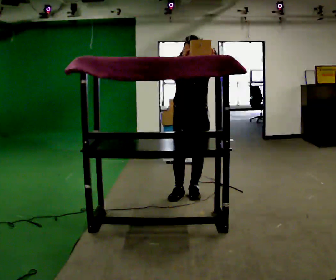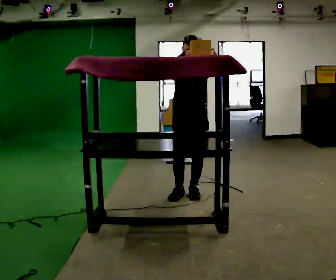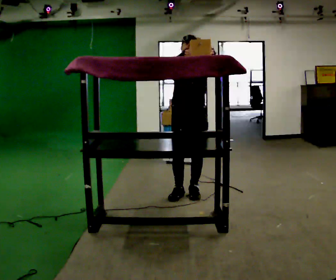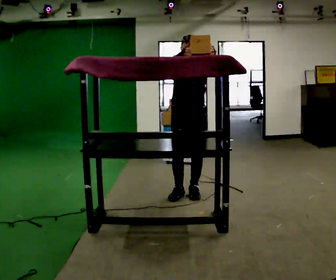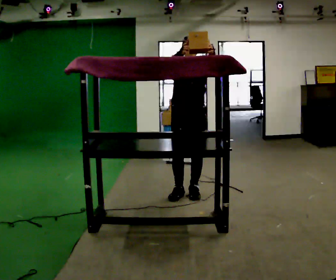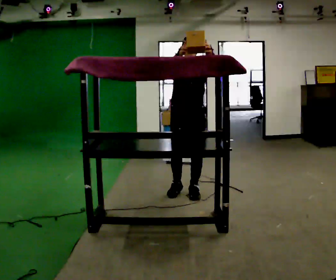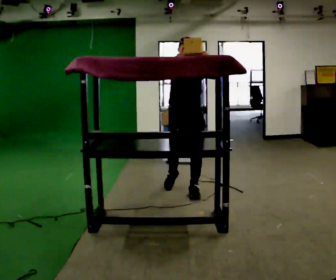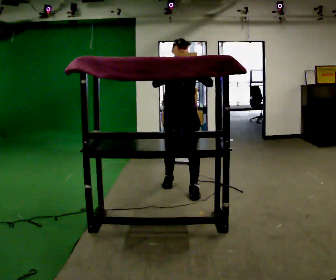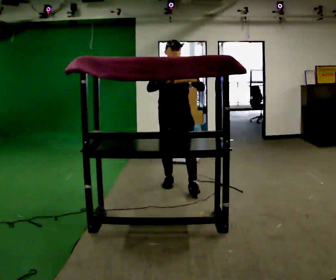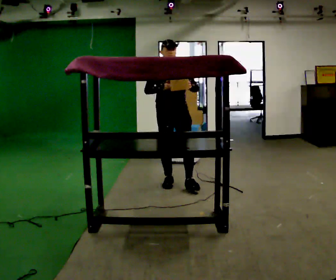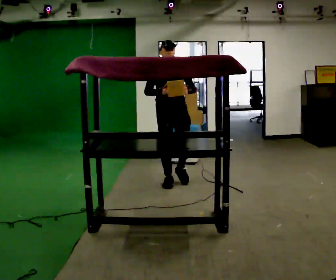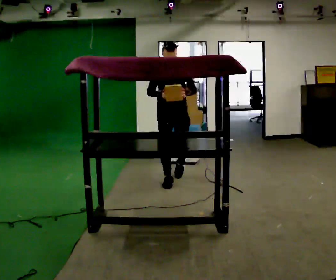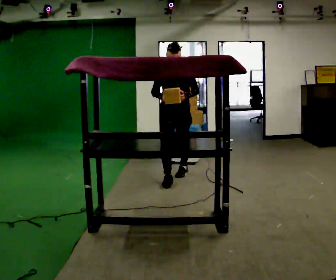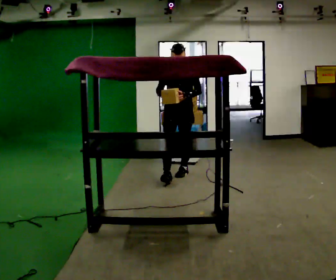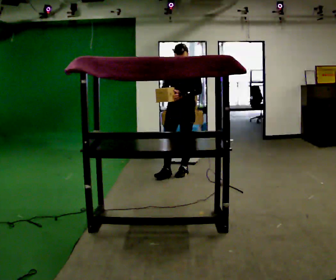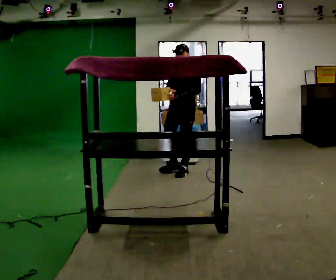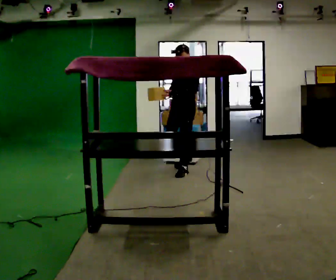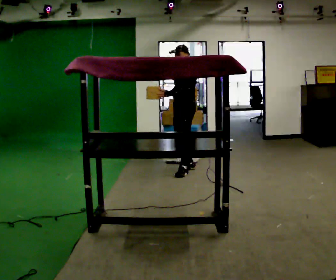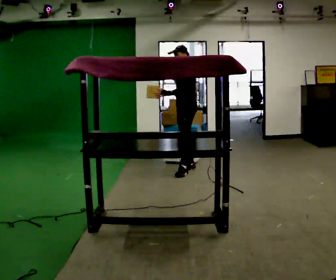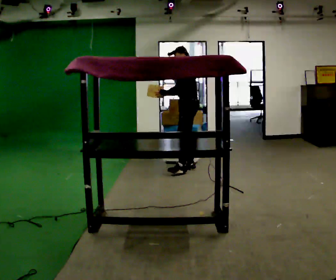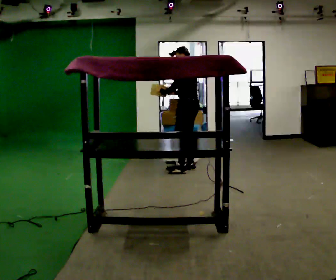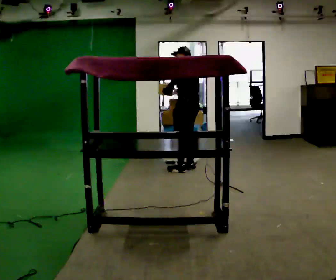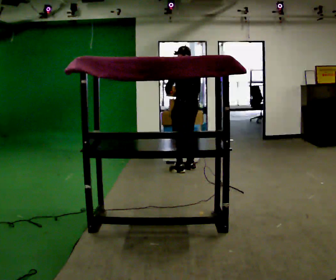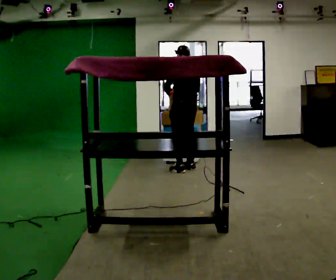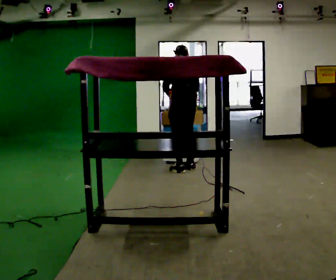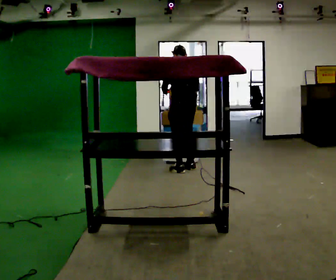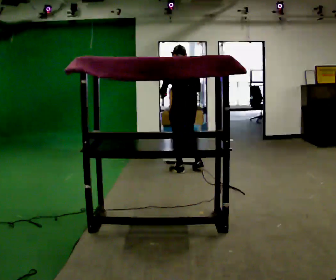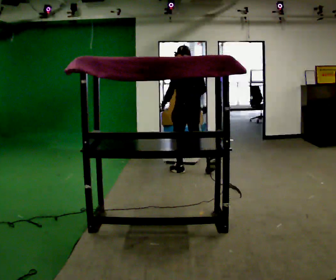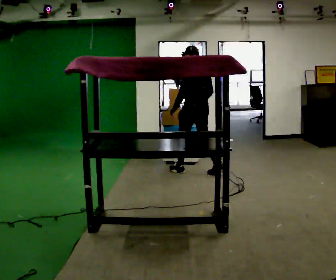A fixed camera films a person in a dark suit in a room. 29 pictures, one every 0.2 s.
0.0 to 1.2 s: The person moves a little, or ends about where they began.
1.2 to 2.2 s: In the picture they go away from the camera, about 0.5 m in 1 step, which for them is backward. In the picture their right hand goes downward.
2.2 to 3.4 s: The person turns about 75 degrees to their right, clockwise seen from above, so the part of the body nearest the lens slides to the left. In the picture they go away from the camera and to the right, about 0.5 m in 1 step.
3.4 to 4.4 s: The part of the body nearest the lens slides to the left as the person turns to their right by about 75 degrees.
4.4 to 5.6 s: In the picture they go toward the camera, about 0.25 m in 1 step, which for them is backward.
The film runs backward here.
